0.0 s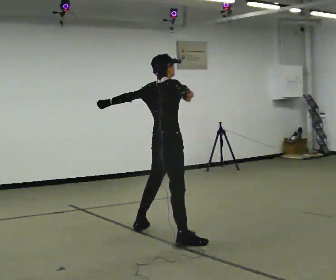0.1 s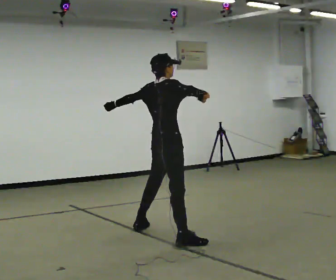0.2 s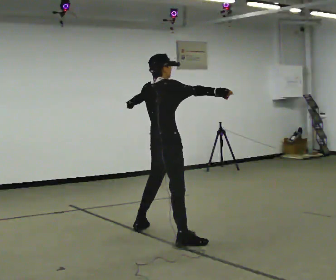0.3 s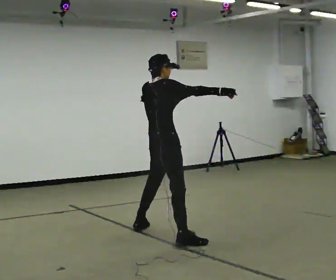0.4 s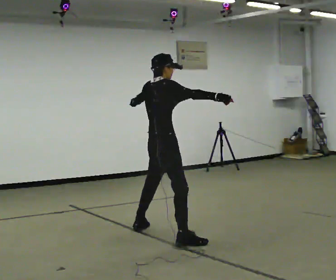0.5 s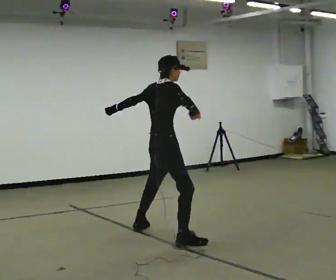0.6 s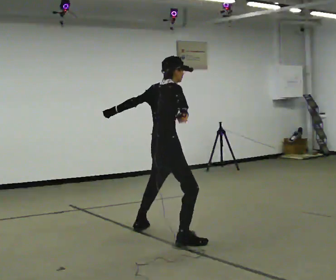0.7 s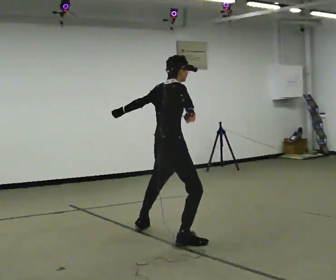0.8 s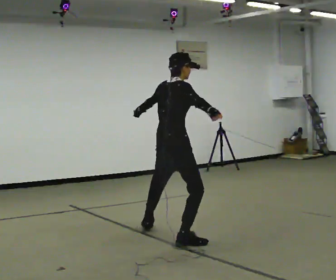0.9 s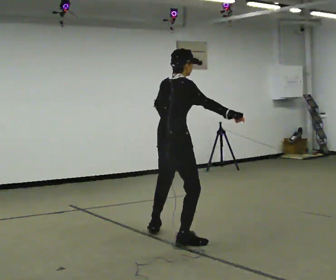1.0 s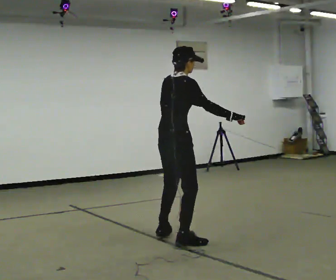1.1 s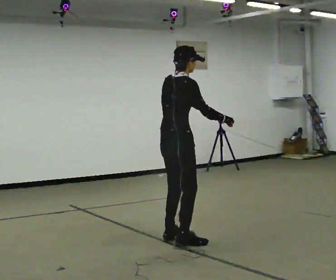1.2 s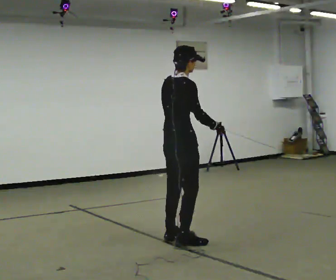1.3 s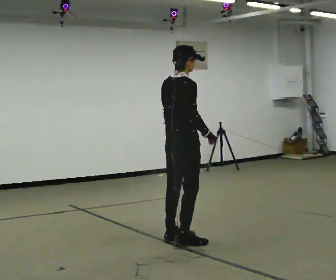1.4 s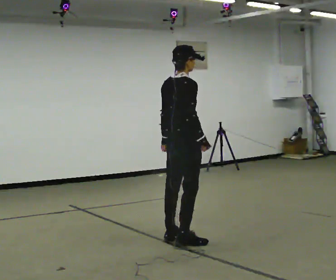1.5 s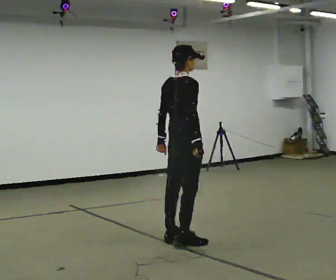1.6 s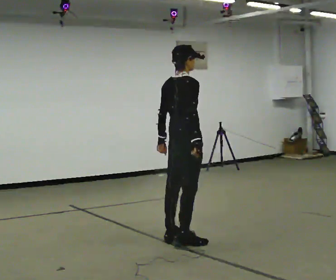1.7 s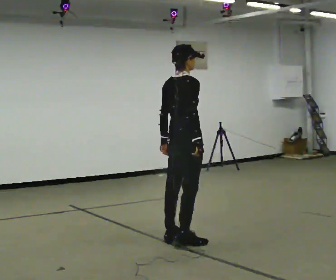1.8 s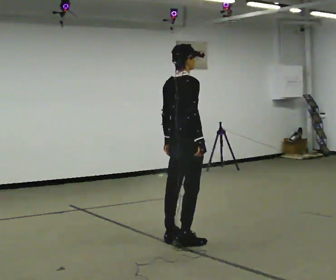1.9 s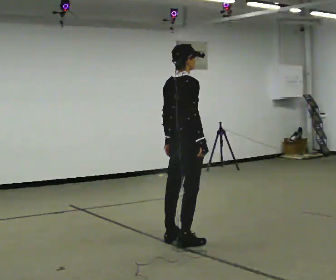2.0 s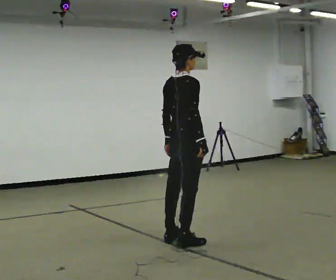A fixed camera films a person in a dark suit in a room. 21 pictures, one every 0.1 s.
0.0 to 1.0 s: In the picture they go toward the camera, about 0.25 m, which for them is to their right. In the picture their right hand goes to the right.
1.0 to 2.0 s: The person moves a little, or ends about where they began.
The film runs forward here.
